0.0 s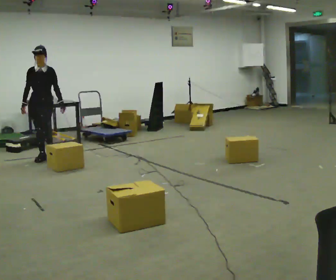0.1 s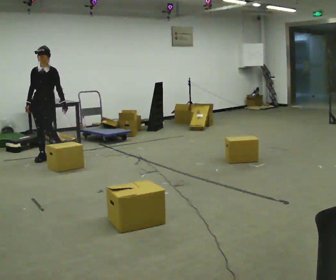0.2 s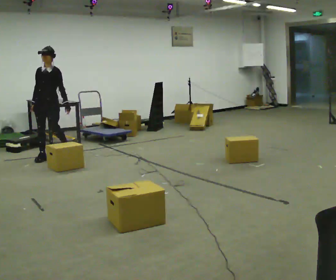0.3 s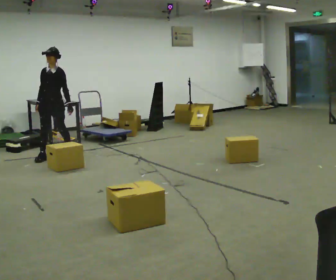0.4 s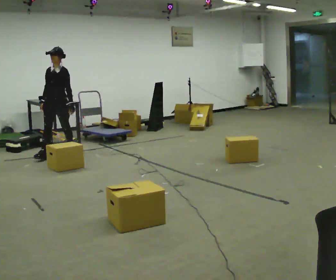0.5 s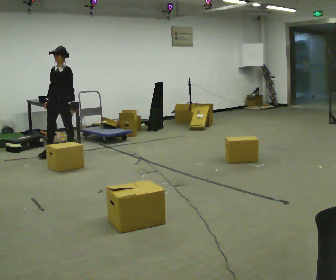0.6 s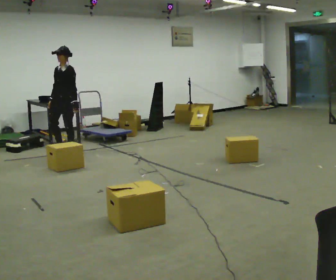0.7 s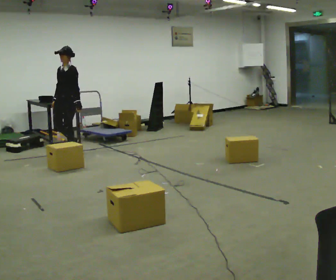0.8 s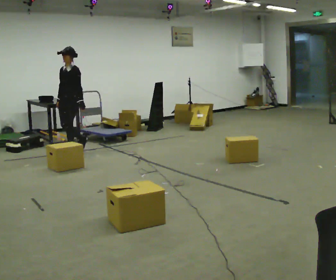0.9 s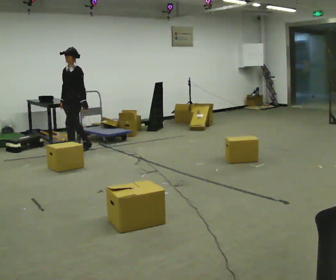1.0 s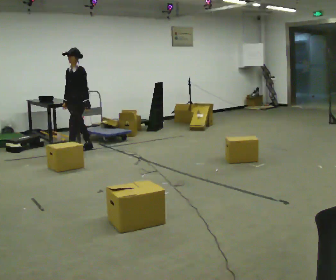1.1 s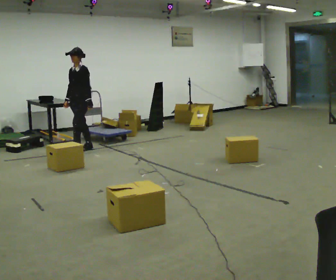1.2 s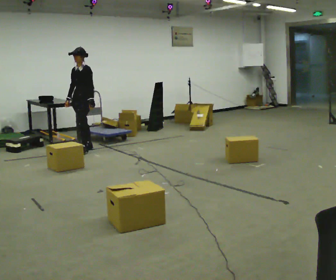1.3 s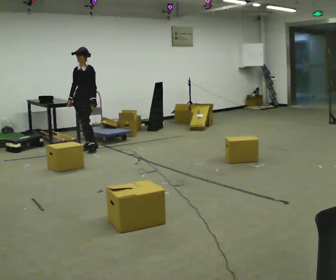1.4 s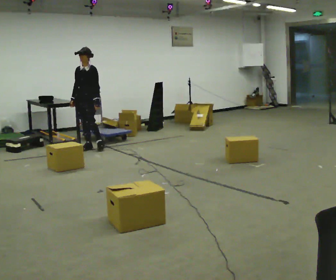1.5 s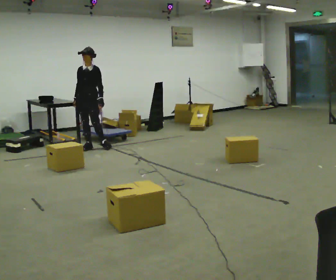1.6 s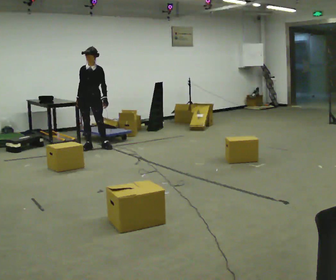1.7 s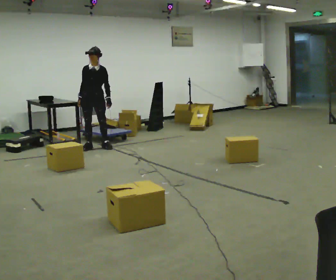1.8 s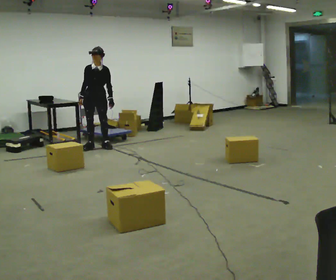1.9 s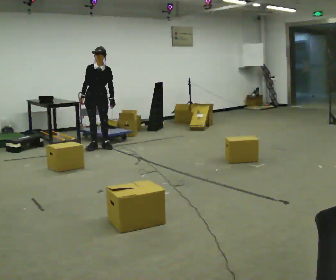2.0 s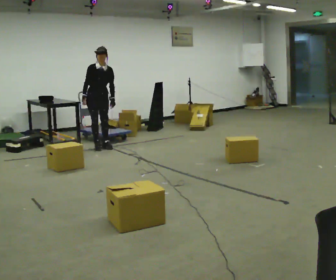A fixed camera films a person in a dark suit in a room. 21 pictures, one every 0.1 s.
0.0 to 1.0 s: The person turns about 45 degrees to their right, clockwise seen from above, so the part of the body nearest the lens slides to the left. In the picture they go to the right and away from the camera, about 0.5 m in 1 step, which for them is backward.
1.0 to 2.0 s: Seen from above the body turns counterclockwise, about 60 degrees: to their left, with its near side sliding to the right. In the picture they go to the right and away from the camera, about 0.5 m in 1 step, which for them is backward and to their left.
The film runs backward here.
